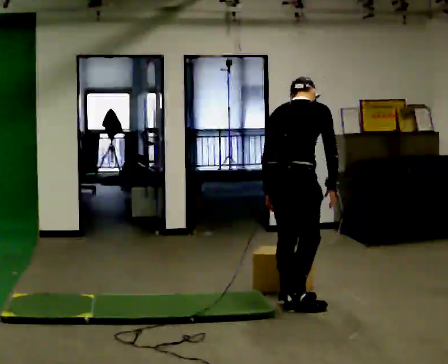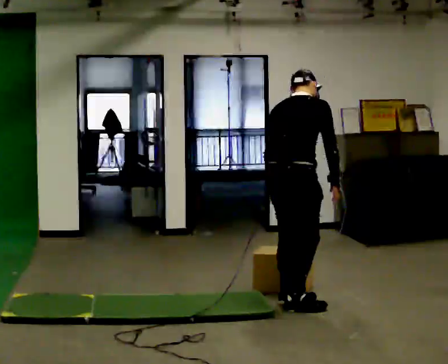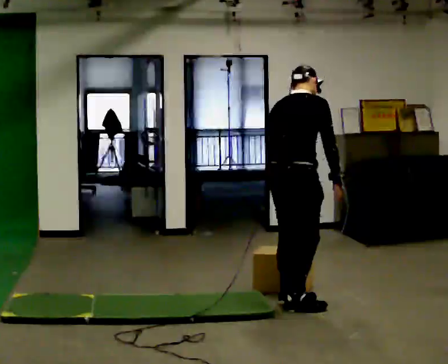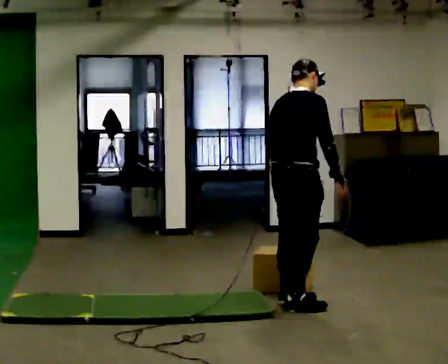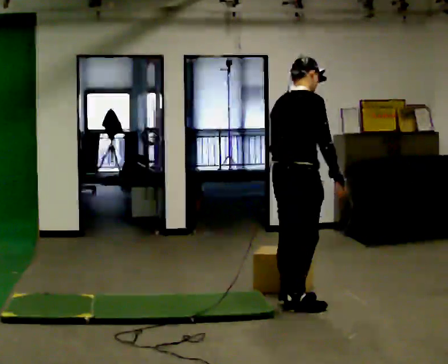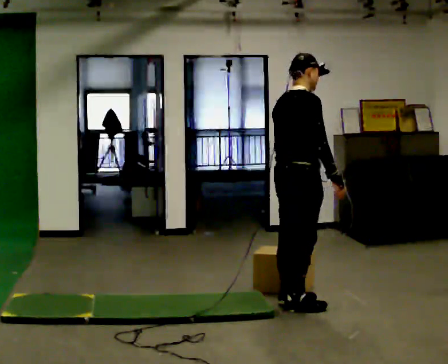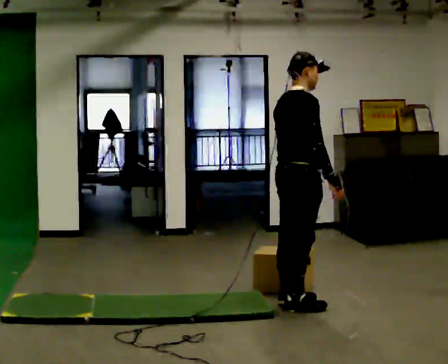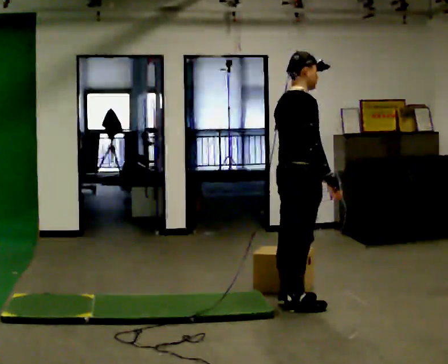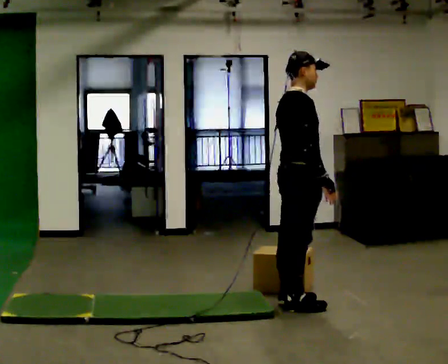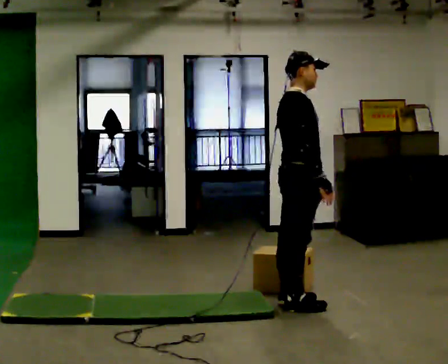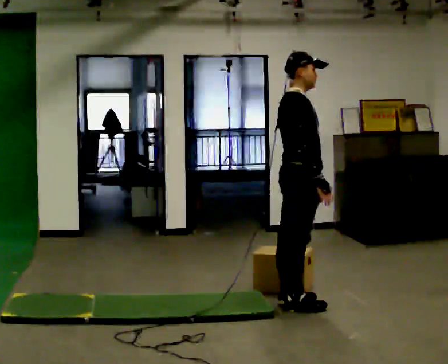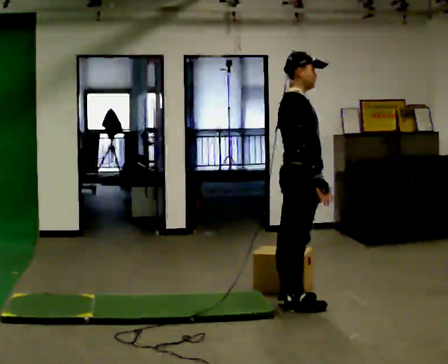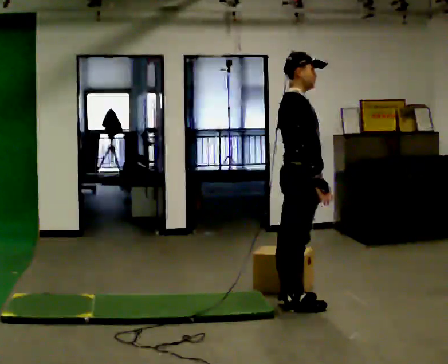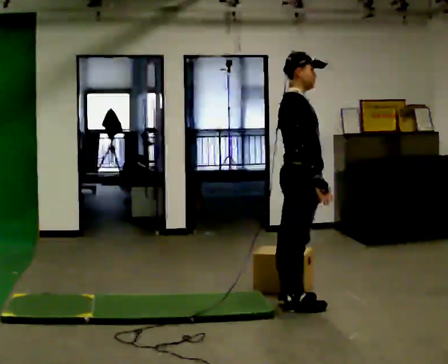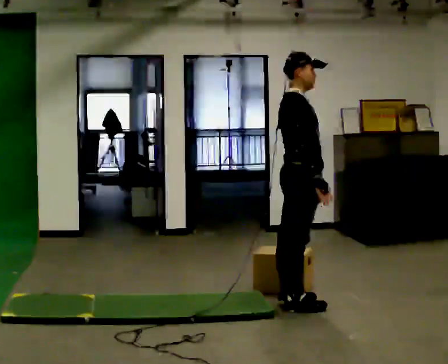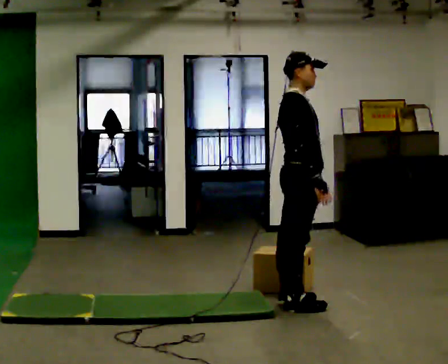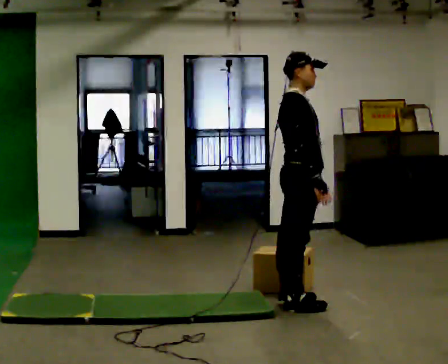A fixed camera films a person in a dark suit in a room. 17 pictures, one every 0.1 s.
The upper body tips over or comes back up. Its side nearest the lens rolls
downward.
0.0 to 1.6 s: The part of the body nearest the lens slides to the left as the person turns to their right by about 45 degrees. The upper body tips toward the camera, its near side rolling downward, as they lean back or straighten. In the picture their left hand goes to the right.
The film runs backward here.
